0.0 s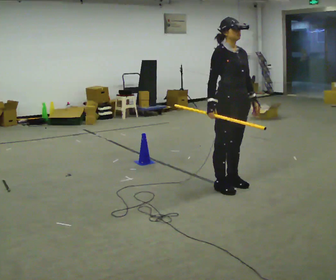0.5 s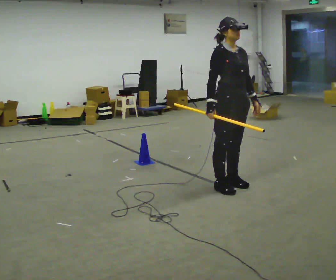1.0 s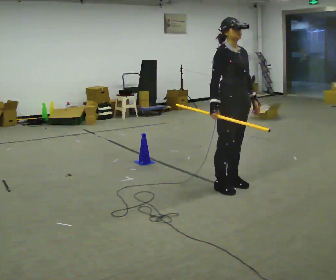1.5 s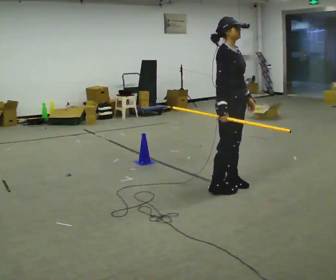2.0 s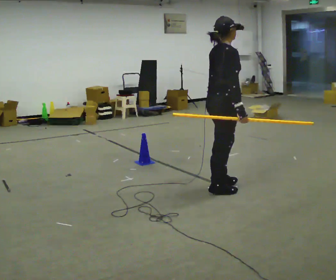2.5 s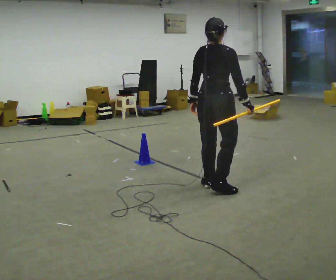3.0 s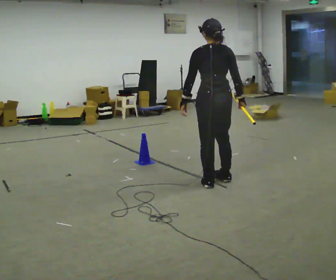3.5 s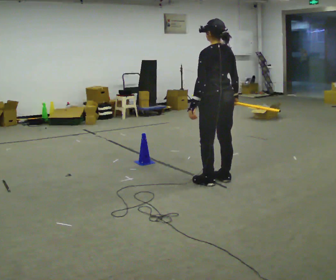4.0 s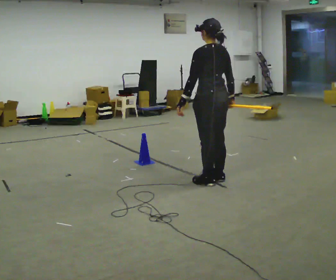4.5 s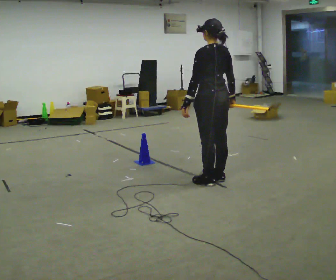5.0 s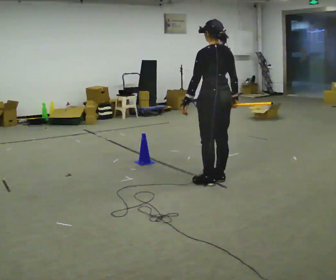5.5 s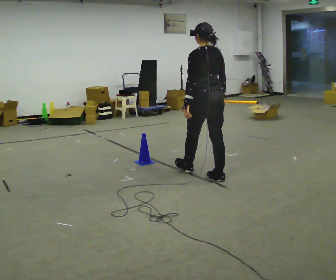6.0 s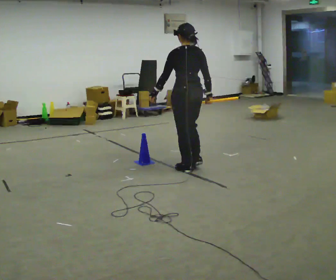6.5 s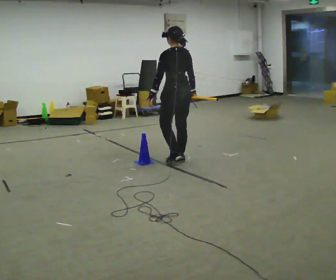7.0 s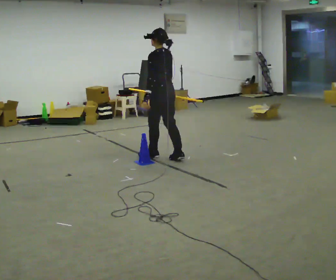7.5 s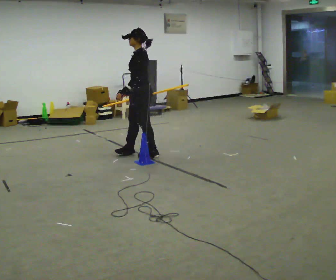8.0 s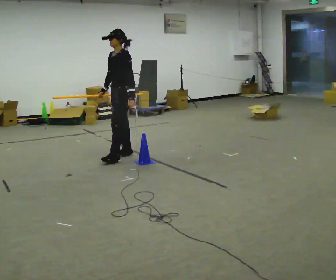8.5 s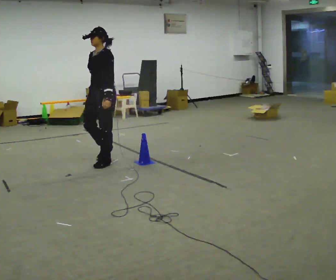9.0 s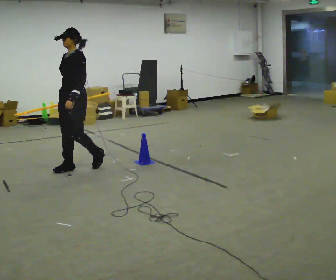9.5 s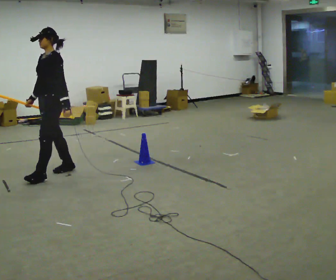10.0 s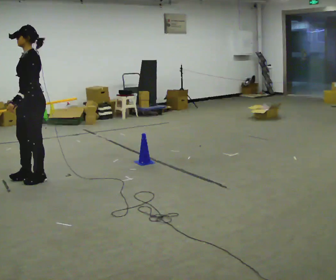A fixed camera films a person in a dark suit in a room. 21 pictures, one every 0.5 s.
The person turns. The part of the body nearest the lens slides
to the right.
The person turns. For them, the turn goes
to their left.
0.0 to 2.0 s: Seen from above the body turns counterclockwise, about 60 degrees: to their left, with its near side sliding to the right. In the picture their left hand goes to the left.
2.0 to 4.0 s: The person turns about 105 degrees to their left, counterclockwise seen from above, so the part of the body nearest the lens slides to the right. In the picture they go away from the camera, about 0.25 m in 2 steps.
4.0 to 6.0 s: In the picture they go away from the camera and to the left, about 0.5 m in 1 step, which for them is forward.
6.0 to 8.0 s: Seen from above the body turns counterclockwise, about 90 degrees: to their left, with its near side sliding to the right. In the picture they go to the left and away from the camera, about 1 m in 3 steps.
8.0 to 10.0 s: In the picture they go toward the camera and to the left, about 1.5 m in 3 steps, which for them is forward.
The film runs forward here.
